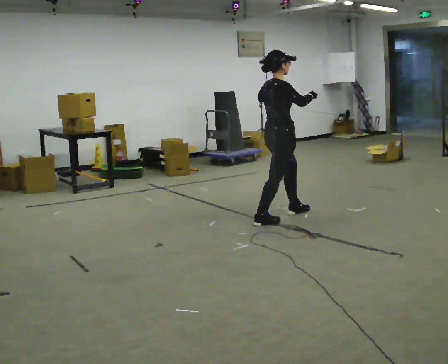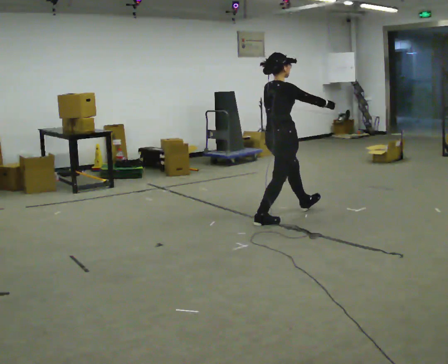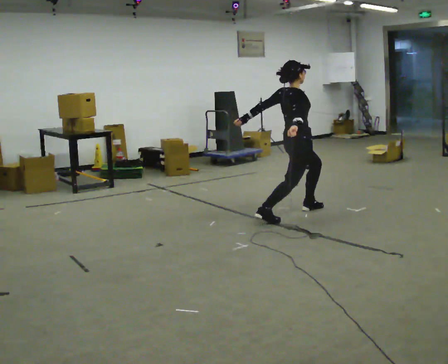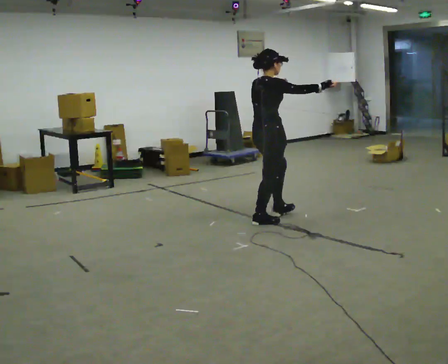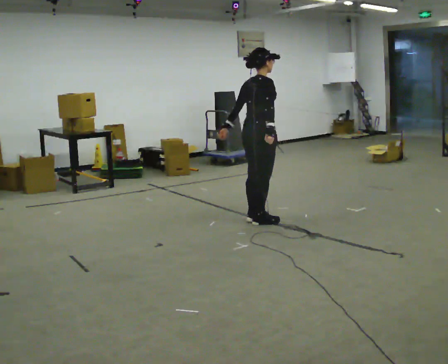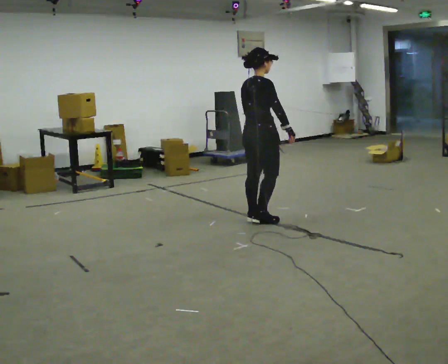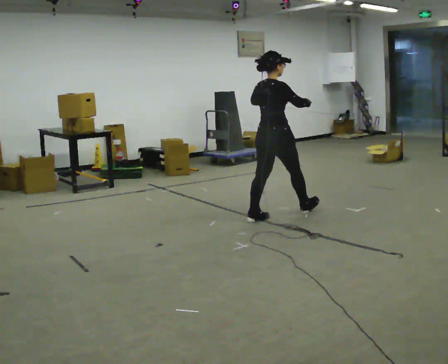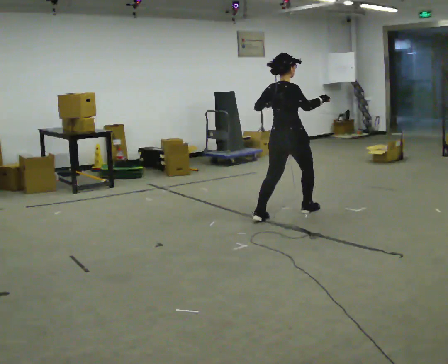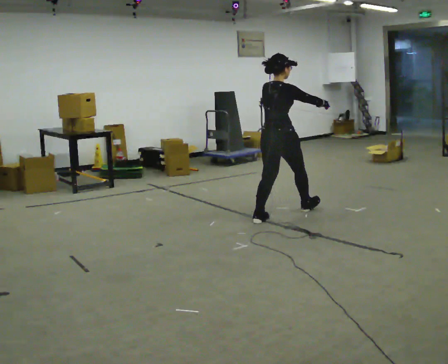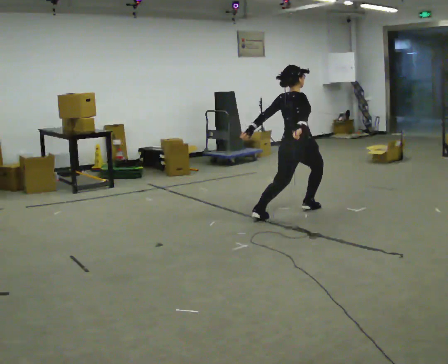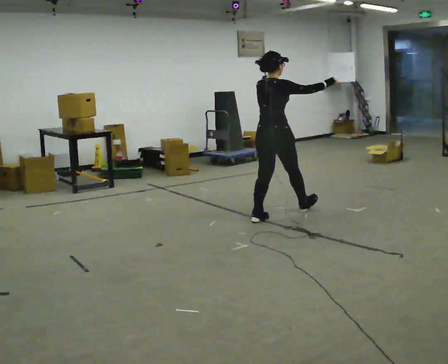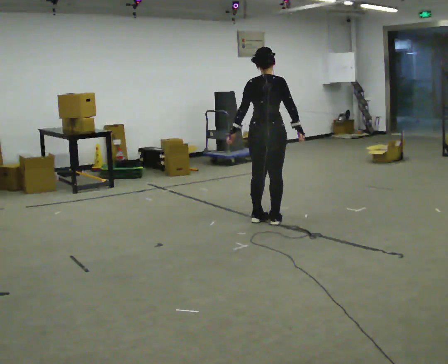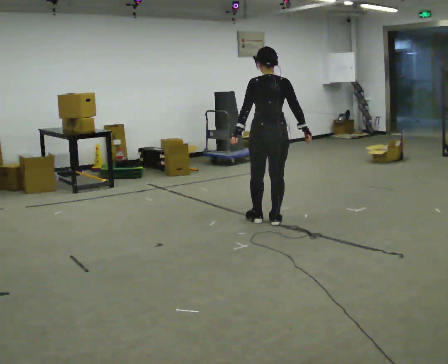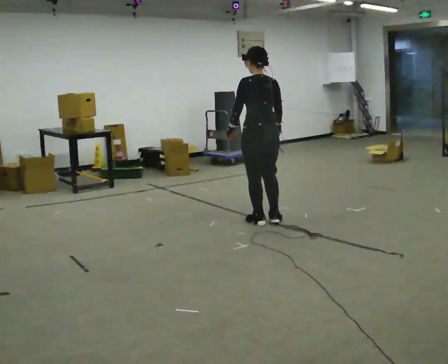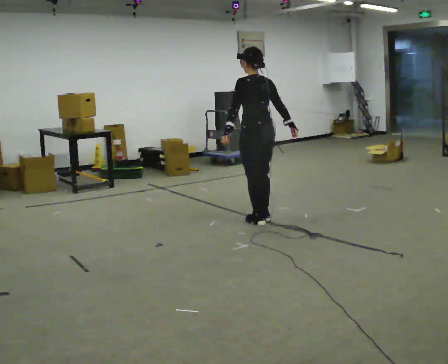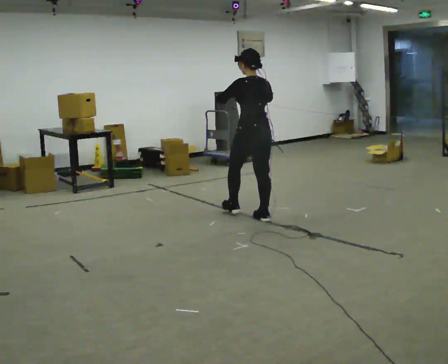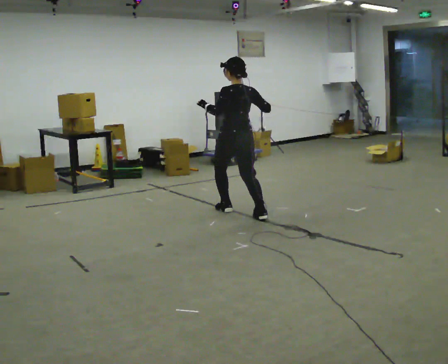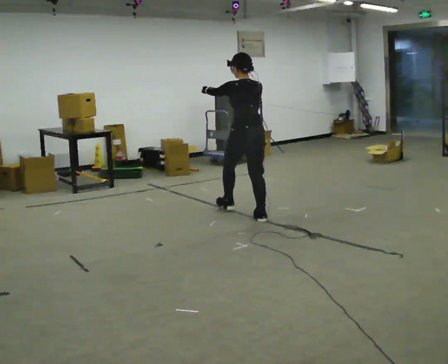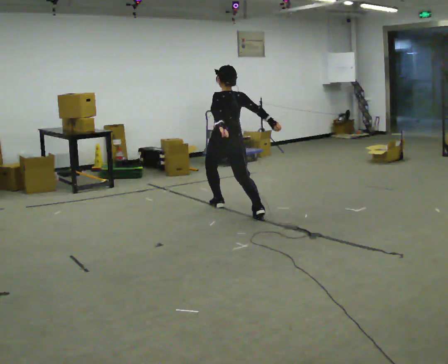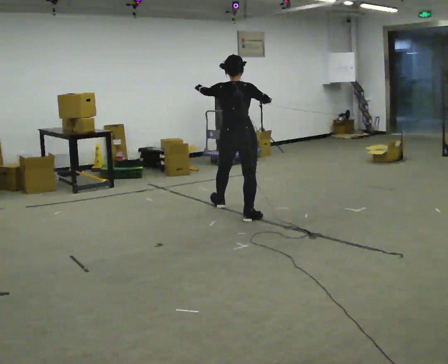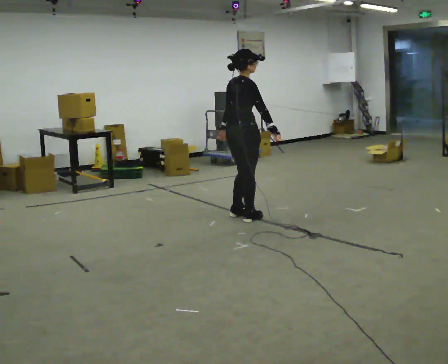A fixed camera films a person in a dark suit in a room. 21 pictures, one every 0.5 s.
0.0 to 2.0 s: In the picture they go to the left, about 0.25 m in 2 steps, which for them is backward. In the picture their left hand goes to the left.
2.0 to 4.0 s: In the picture they go to the right, about 0.25 m in 1 step, which for them is forward.
4.0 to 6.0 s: The part of the body nearest the lens slides to the right as the person turns to their left by about 45 degrees. In the picture they go toward the camera, about 0.25 m in 1 step, which for them is backward. In the picture their left hand goes to the left.
6.0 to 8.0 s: In the picture they go away from the camera and to the left, about 0.5 m in 1 step, which for them is forward.
8.0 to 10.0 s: The person turns about 75 degrees to their right, clockwise seen from above, so the part of the body nearest the lens slides to the left. In the picture they go toward the camera, about 0.25 m in 3 steps.
The film runs forward here.
